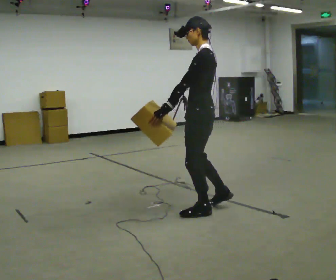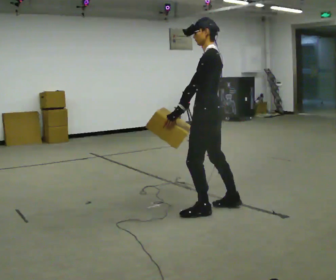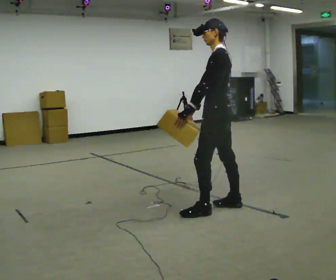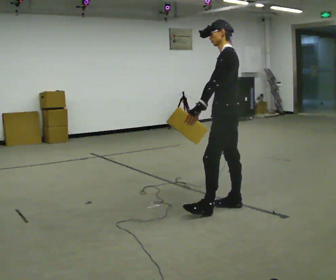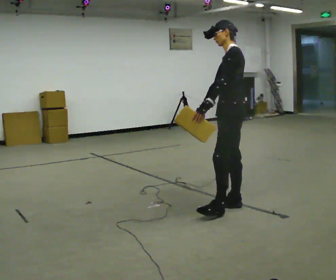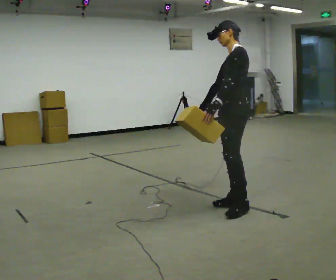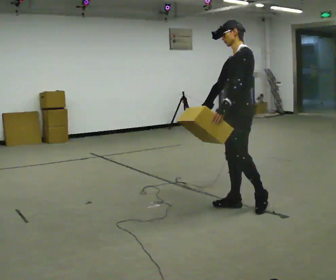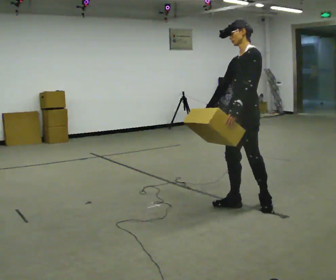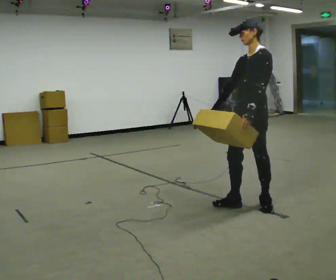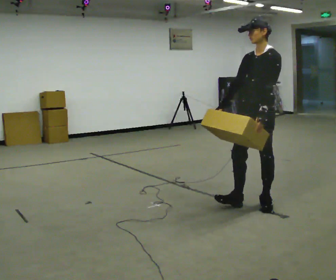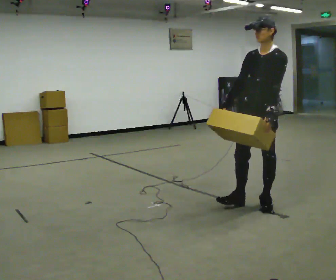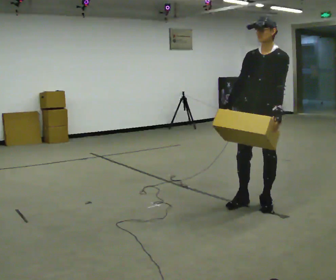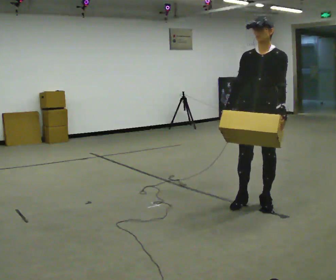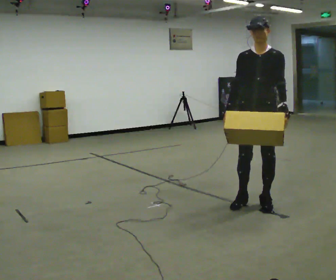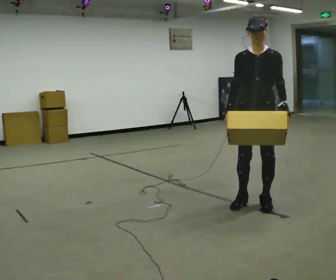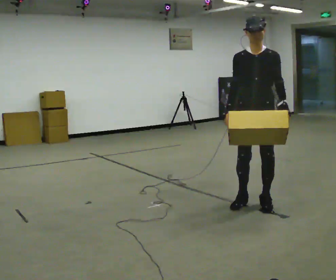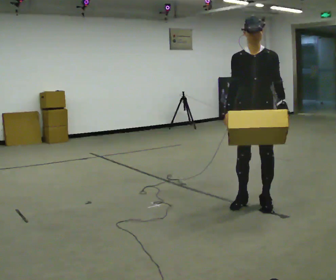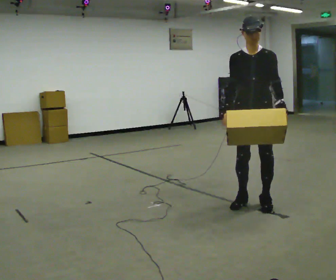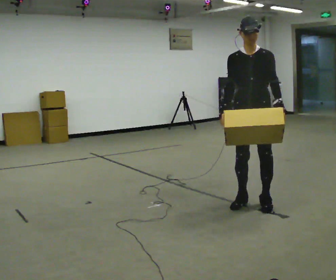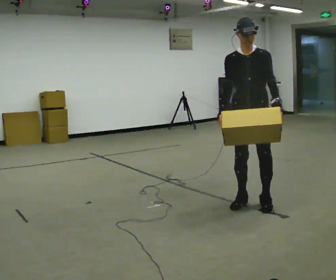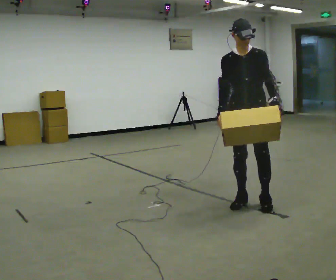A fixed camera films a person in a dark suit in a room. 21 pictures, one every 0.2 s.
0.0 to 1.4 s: The part of the body nearest the lens slides to the right as the person turns to their left by about 30 degrees. In the picture they go to the right and away from the camera, about 0.5 m in 1 step, which for them is backward.
1.4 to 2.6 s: The person turns about 45 degrees to their left, counterclockwise seen from above, so the part of the body nearest the lens slides to the right. In the picture their left hand goes to the right.
2.6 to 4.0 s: The person moves a little, or ends about where they began.
The film runs backward here.
